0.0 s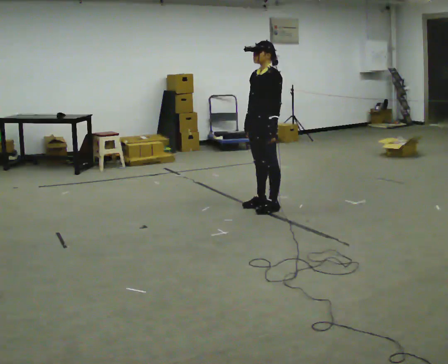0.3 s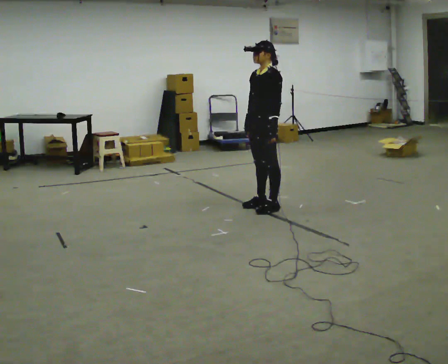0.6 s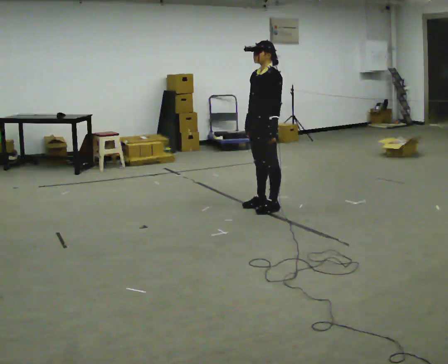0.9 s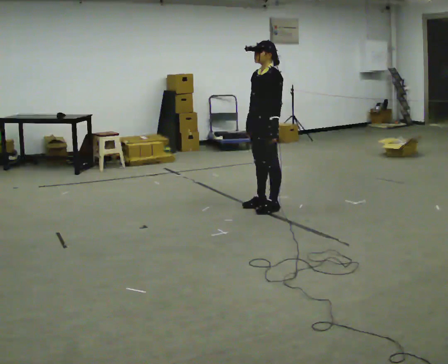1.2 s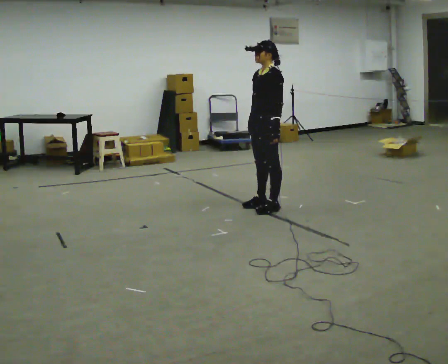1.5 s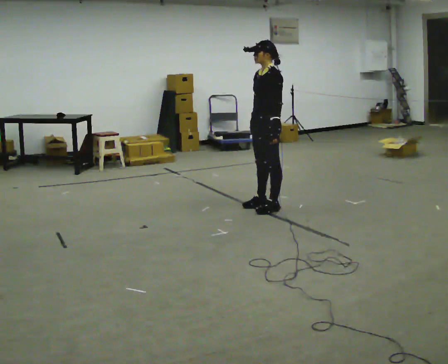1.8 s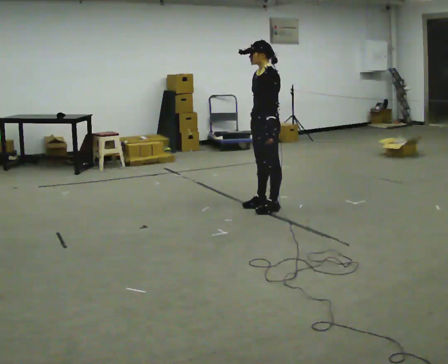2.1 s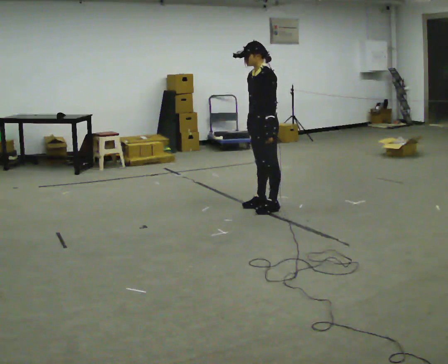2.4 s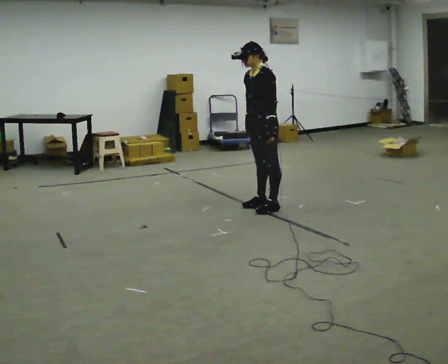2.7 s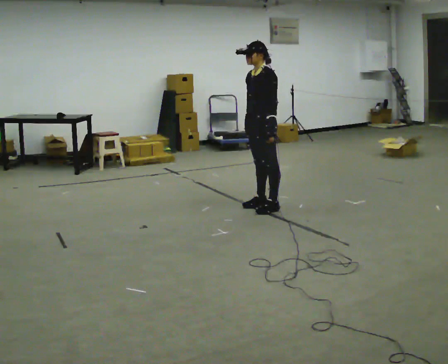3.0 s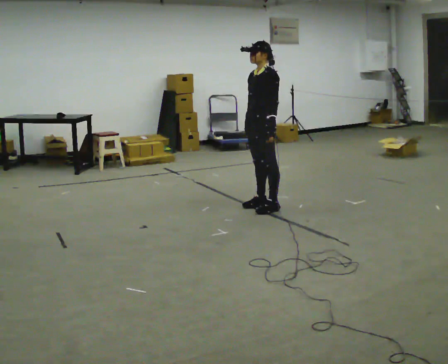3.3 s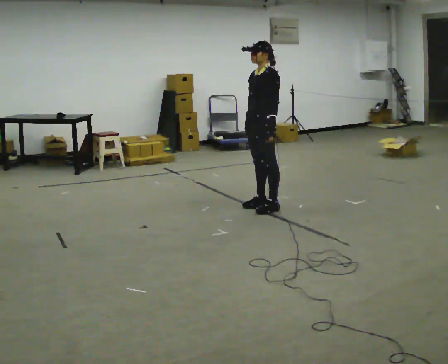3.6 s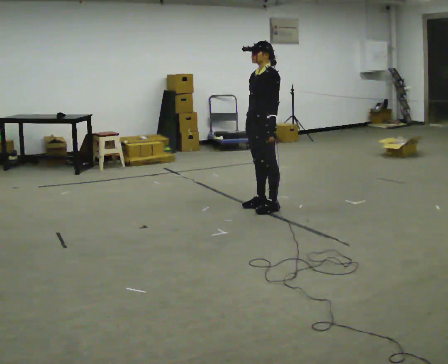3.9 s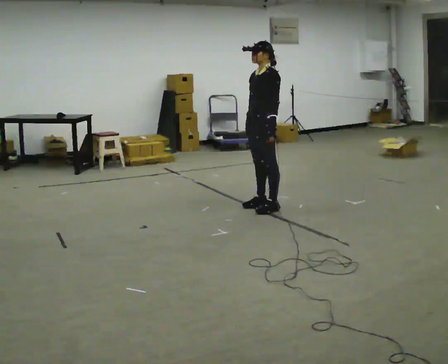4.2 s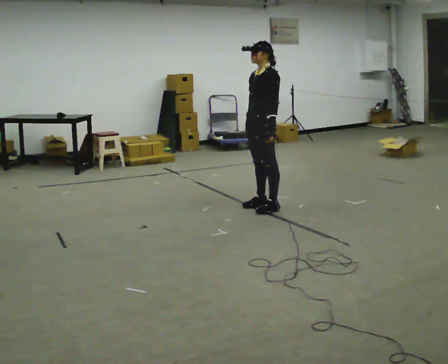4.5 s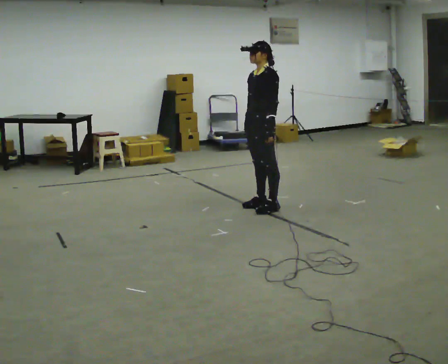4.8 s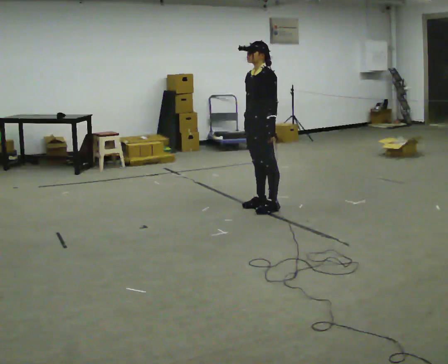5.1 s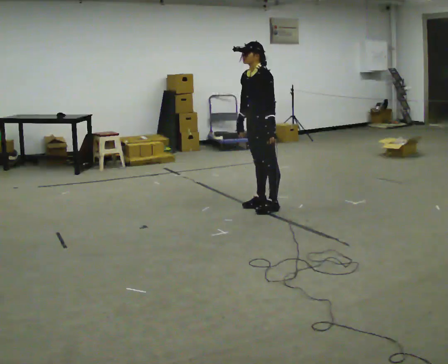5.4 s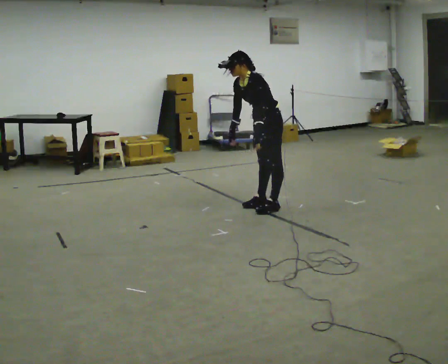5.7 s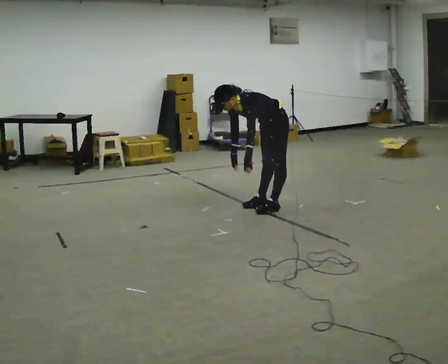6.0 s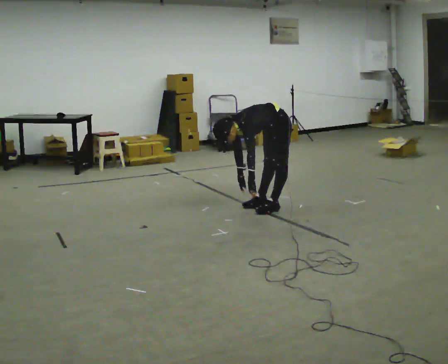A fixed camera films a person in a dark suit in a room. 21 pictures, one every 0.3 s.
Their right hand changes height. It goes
downward.
The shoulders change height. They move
downward.
0.0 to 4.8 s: The person moves a little, or ends about where they began.
4.8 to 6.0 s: The upper body goes downward. In the picture the upper body tilts counterclockwise, shoulders to the left, as they bend forward. In the picture their right hand goes downward.
The film runs backward here.
